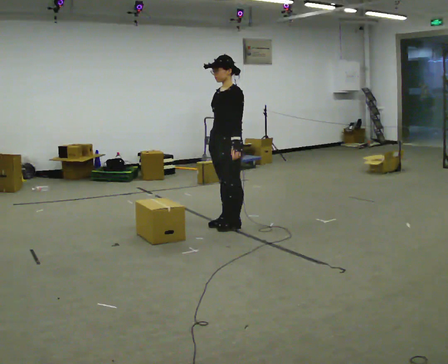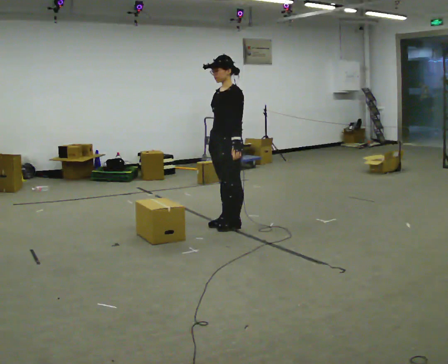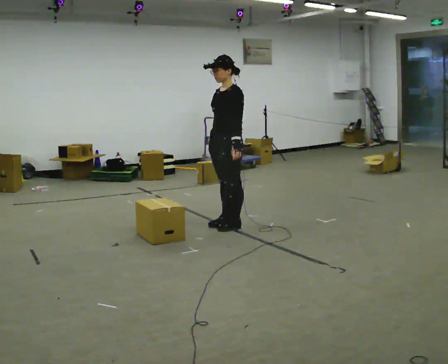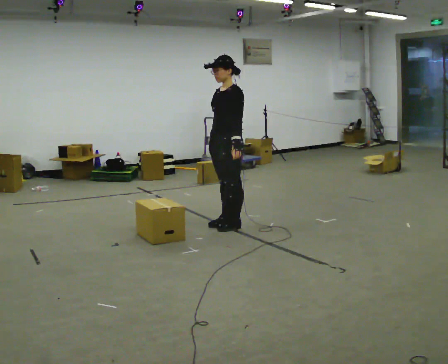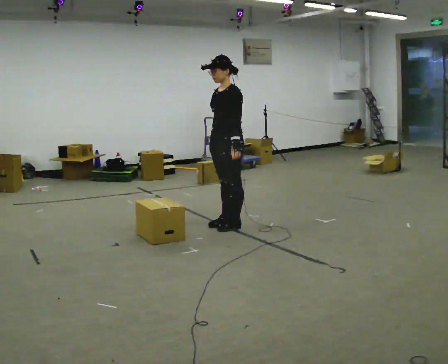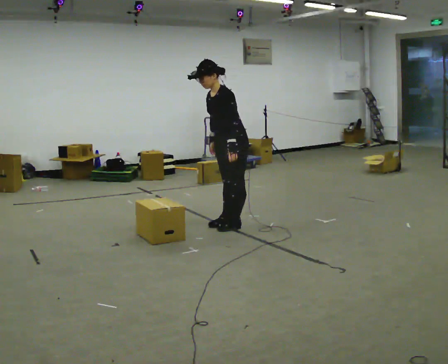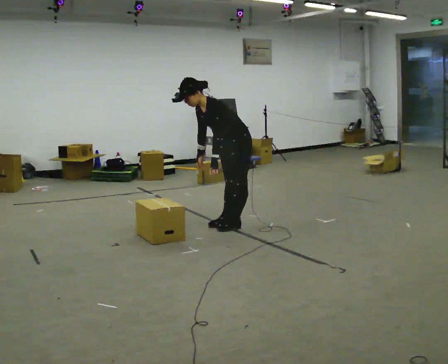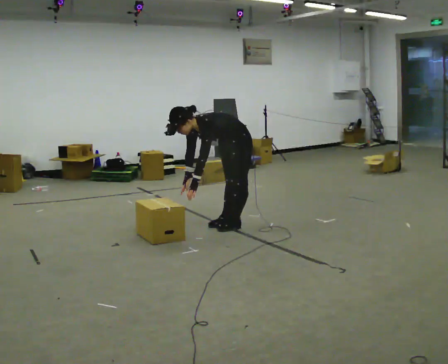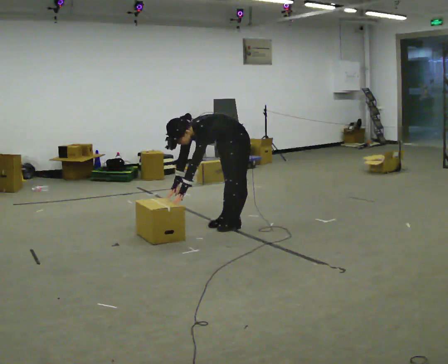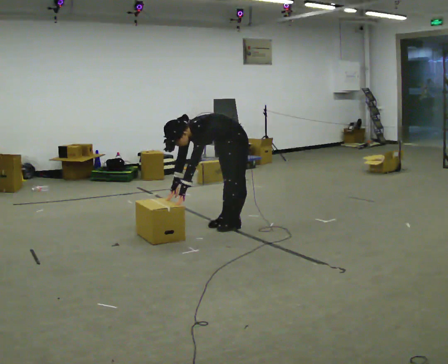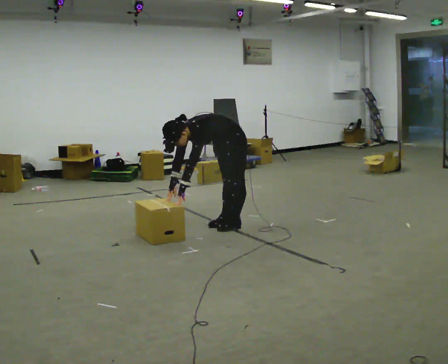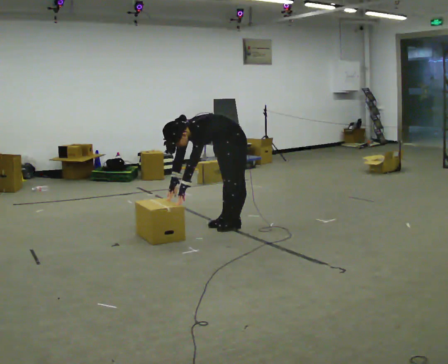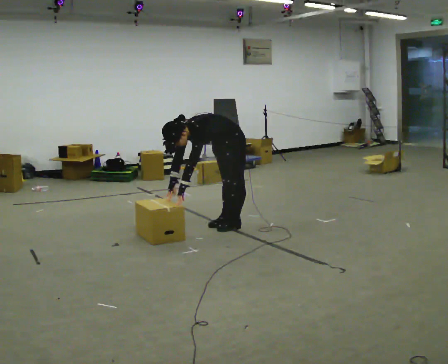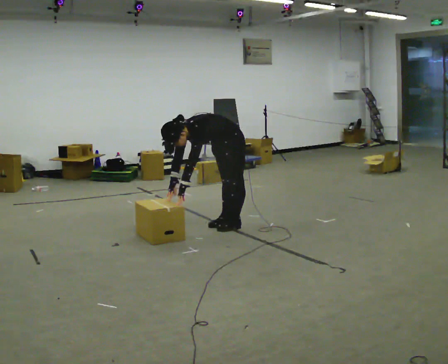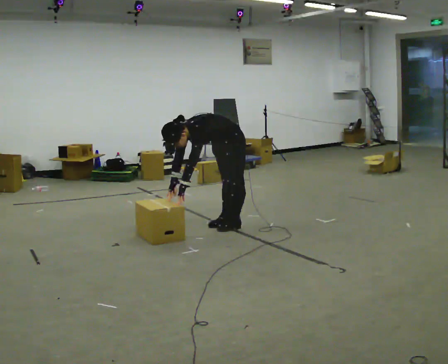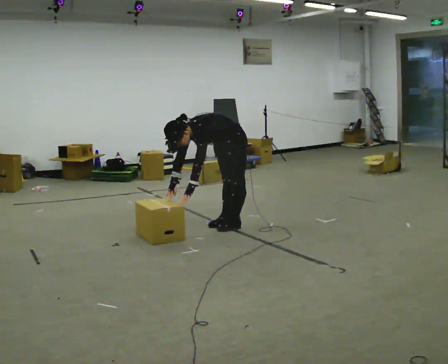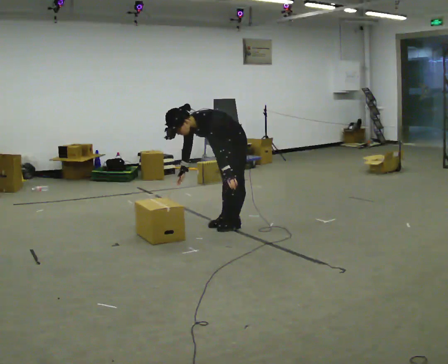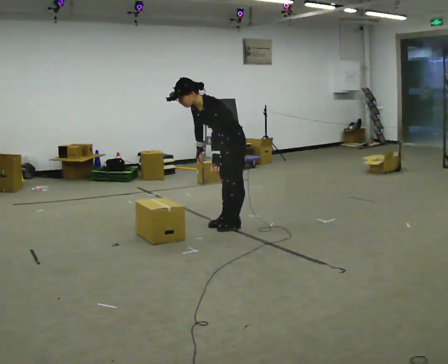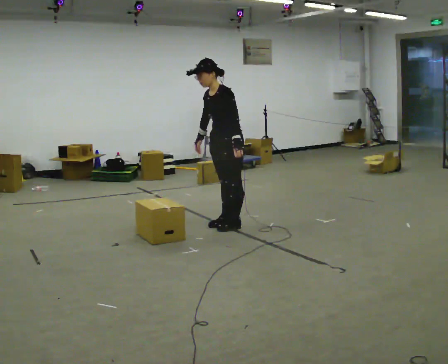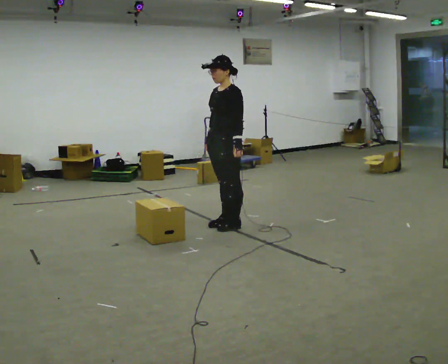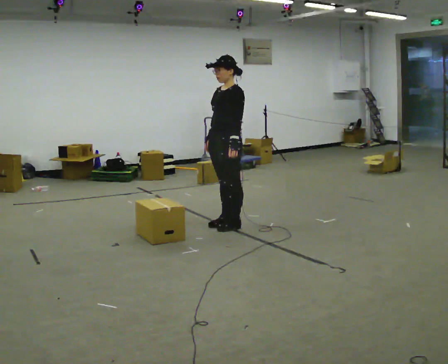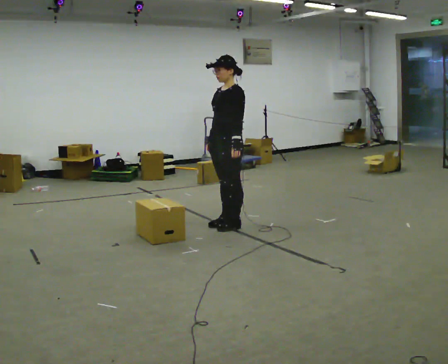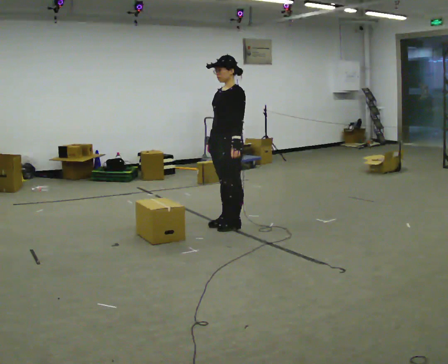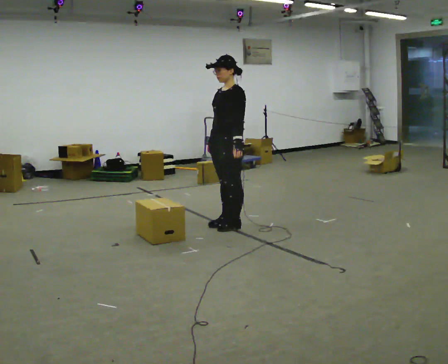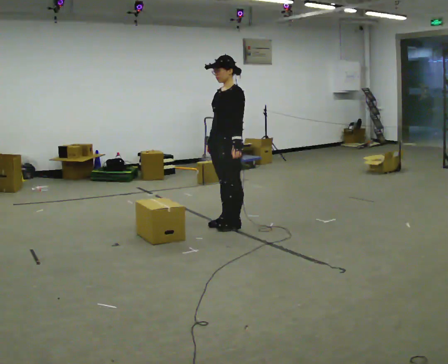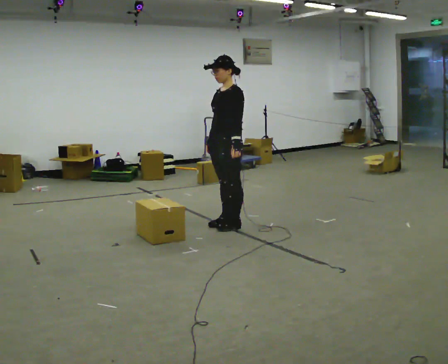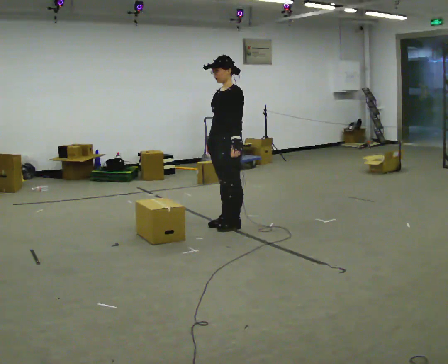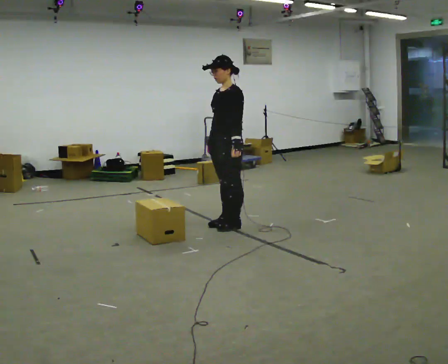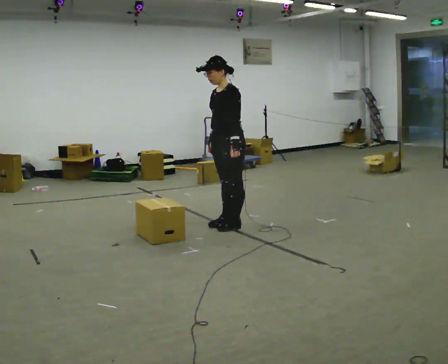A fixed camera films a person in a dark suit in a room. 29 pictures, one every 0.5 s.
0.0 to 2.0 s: The person keeps their place and pose.
2.0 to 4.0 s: The upper body goes downward. In the picture the upper body tilts counterclockwise, shoulders to the left, as they bend forward. In the picture their right hand goes downward and to the left.
4.0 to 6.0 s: The person moves a little, or ends about where they began.
6.0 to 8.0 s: In the picture the upper body tilts clockwise, shoulders to the right. In the picture their left hand goes to the right.
8.0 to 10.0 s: The upper body goes upward. In the picture the upper body tilts clockwise, shoulders to the right, as they lean back or straighten.
10.0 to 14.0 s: The person moves a little, or ends about where they began.
The film runs forward here.
